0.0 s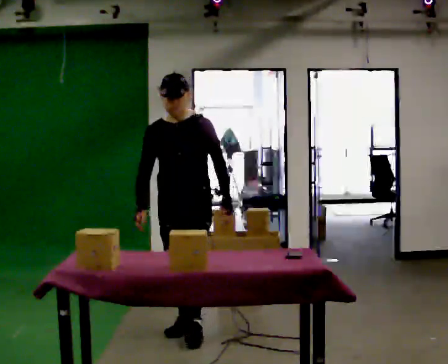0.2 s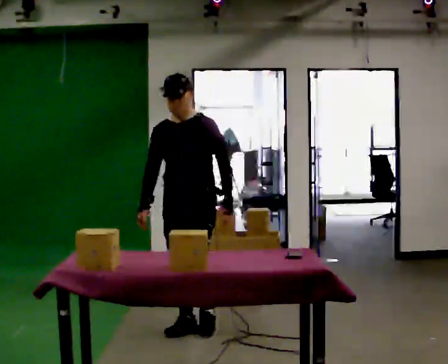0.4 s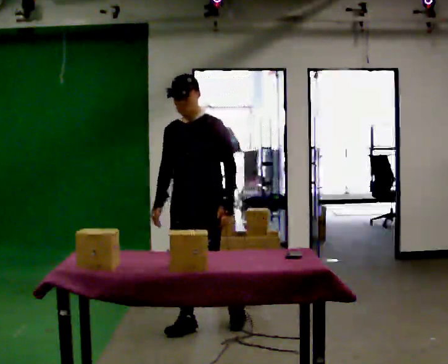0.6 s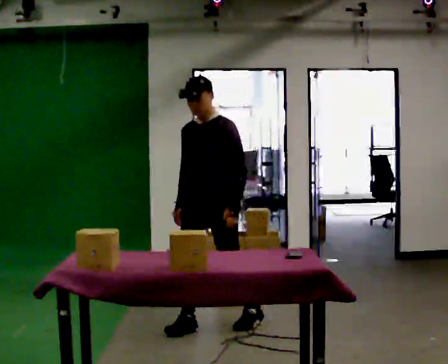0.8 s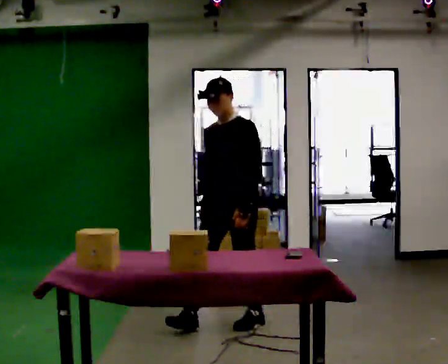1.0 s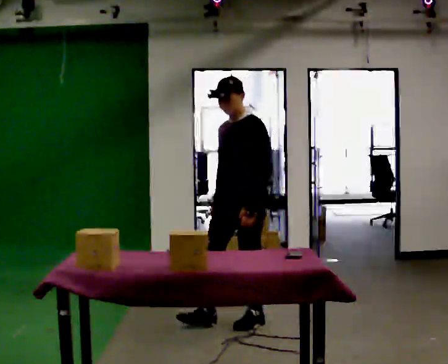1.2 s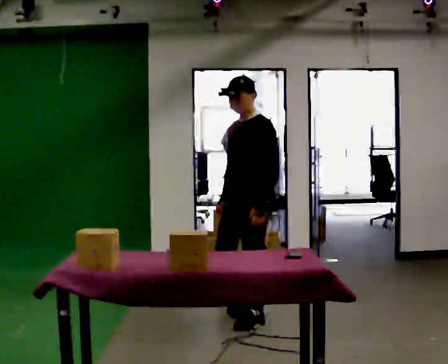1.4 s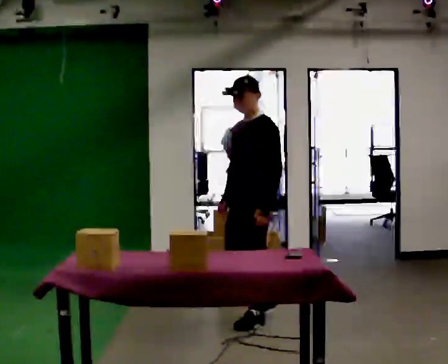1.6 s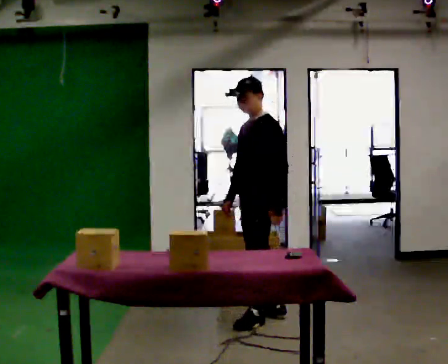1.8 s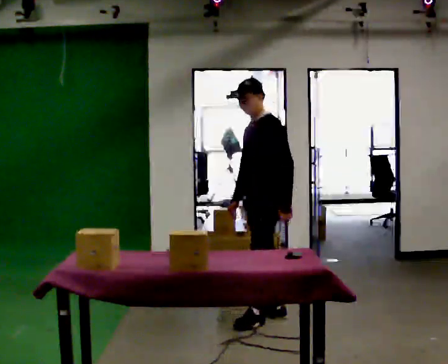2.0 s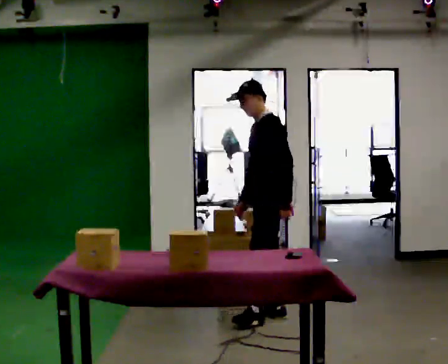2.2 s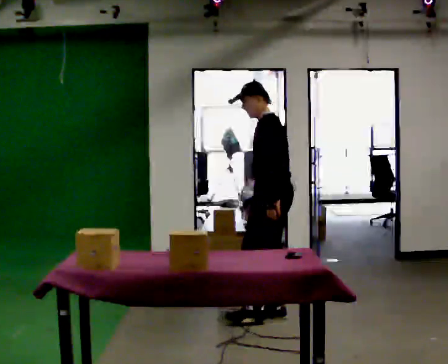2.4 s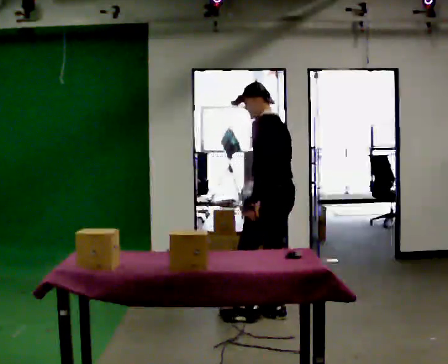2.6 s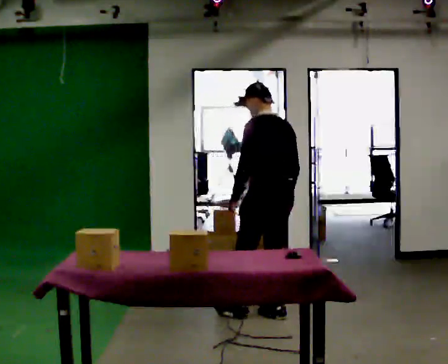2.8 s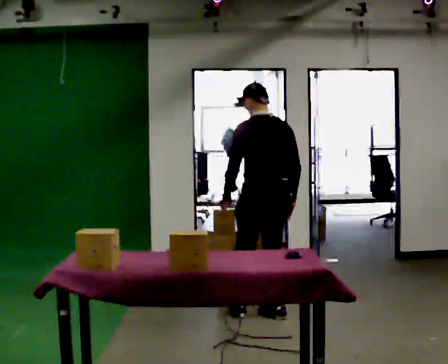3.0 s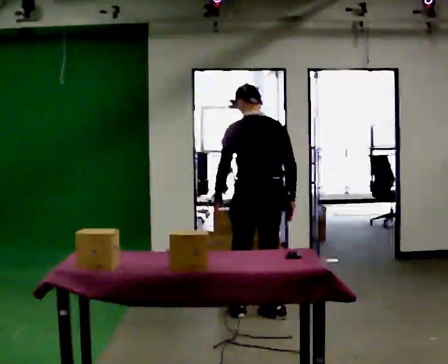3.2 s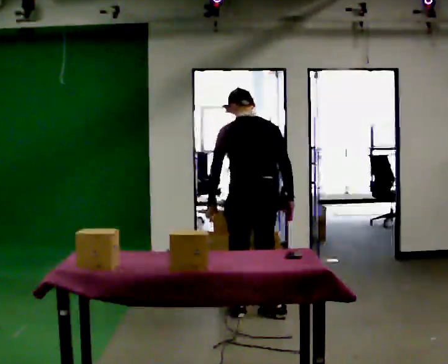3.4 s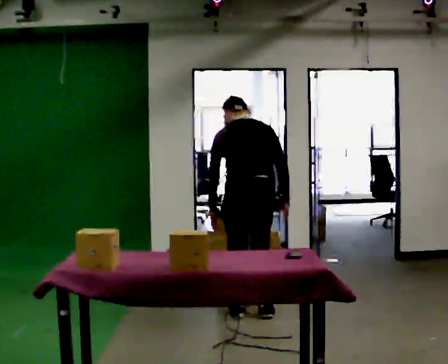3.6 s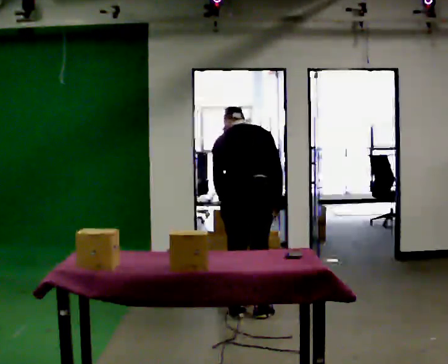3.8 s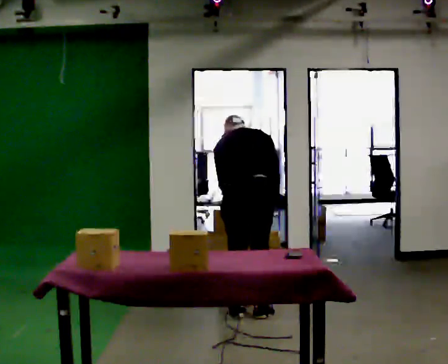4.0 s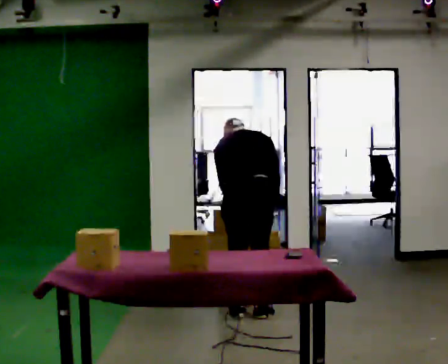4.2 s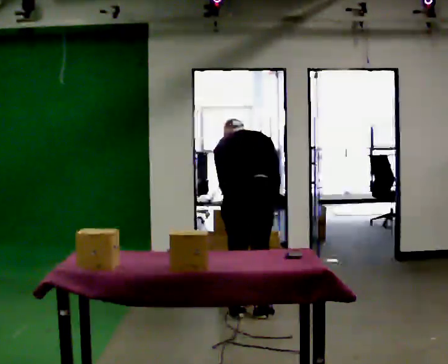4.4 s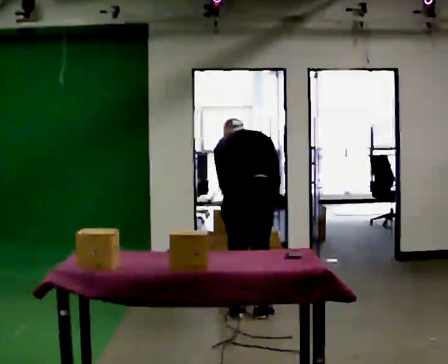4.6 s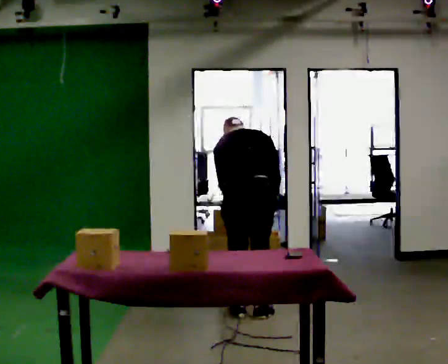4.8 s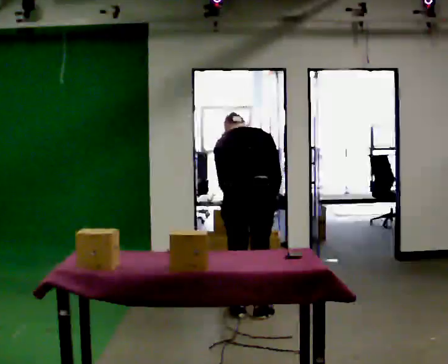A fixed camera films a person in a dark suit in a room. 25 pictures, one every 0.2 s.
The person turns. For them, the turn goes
to their right.
The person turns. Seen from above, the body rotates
clockwise.
0.0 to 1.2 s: The part of the body nearest the lens slides to the left as the person turns to their right by about 45 degrees. In the picture they go to the right and away from the camera, about 0.5 m in 1 step, which for them is backward and to their left.
1.2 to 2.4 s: Seen from above the body turns clockwise, about 60 degrees: to their right, with its near side sliding to the left. In the picture they go away from the camera and to the right, about 0.25 m in 1 step.
2.4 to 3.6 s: The person turns about 60 degrees to their right, clockwise seen from above, so the part of the body nearest the lens slides to the left. In the picture they go to the left, about 0.25 m in 1 step. The upper body tips away from the camera, its near side rolling upward, as they bend forward.
3.6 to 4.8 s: The person moves a little, or ends about where they began.
The film runs backward here.
